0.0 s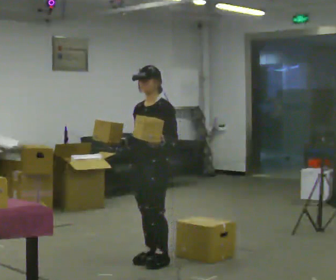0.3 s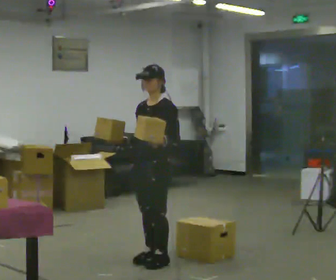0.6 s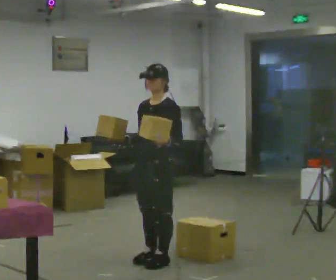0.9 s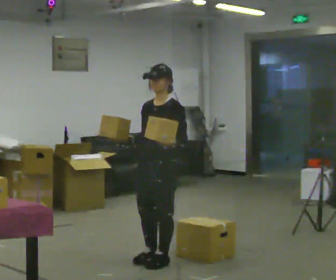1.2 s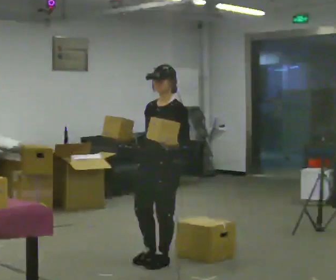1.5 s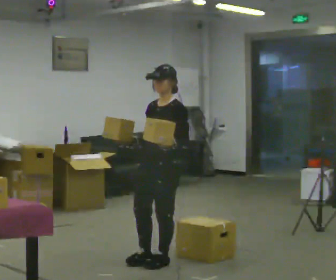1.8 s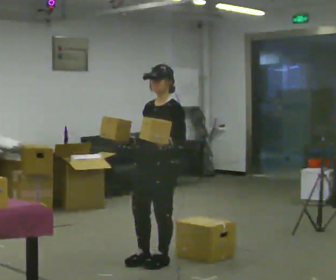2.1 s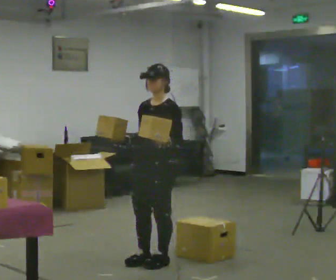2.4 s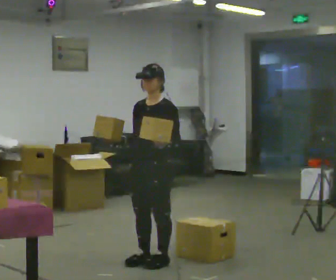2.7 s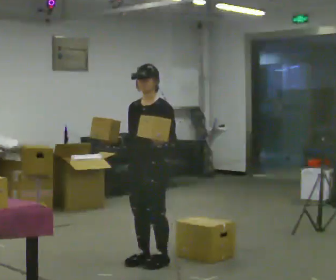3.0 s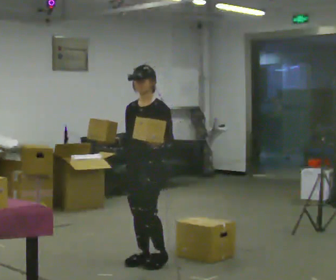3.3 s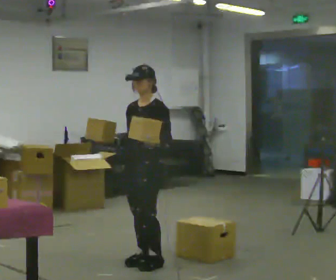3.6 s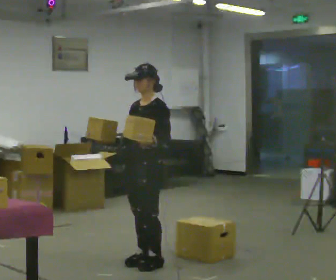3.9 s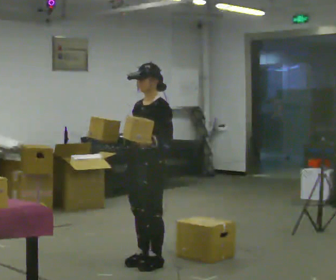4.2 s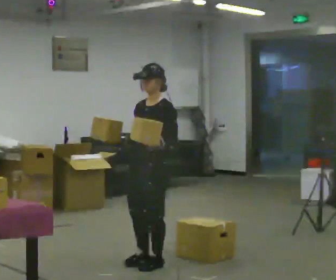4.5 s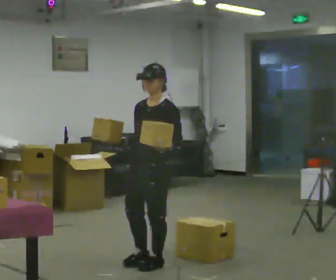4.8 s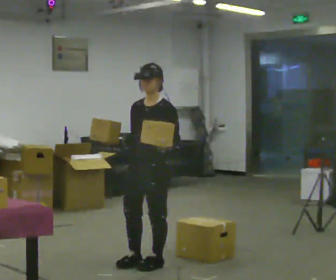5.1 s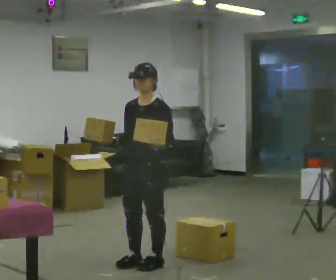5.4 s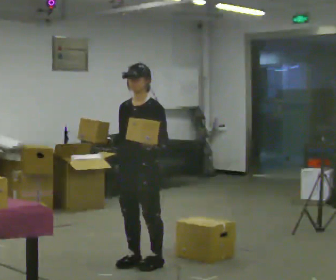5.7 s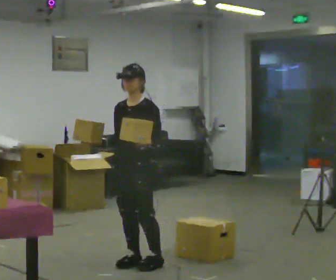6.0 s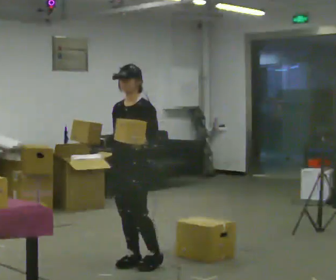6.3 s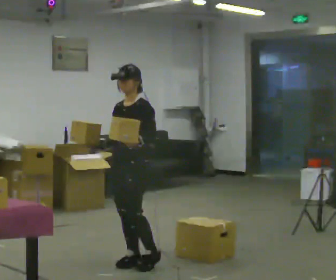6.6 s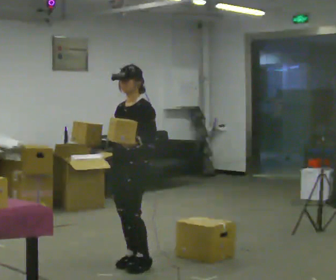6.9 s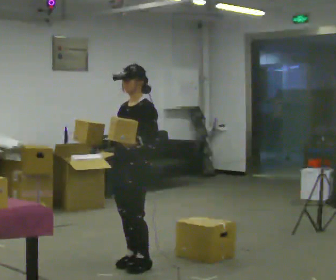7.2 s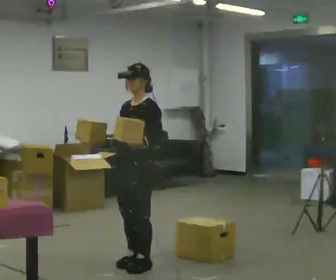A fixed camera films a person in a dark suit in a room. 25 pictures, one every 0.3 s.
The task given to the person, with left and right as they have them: Pick up both objects, carry them together, then put each one in a different place. Keep going until the operator says stop; one object at a time, and do not rush between trips.
0.0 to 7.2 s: In the picture they go toward the camera, about 0.25 m in 1 step, which for them is forward.
The film runs forward here.
